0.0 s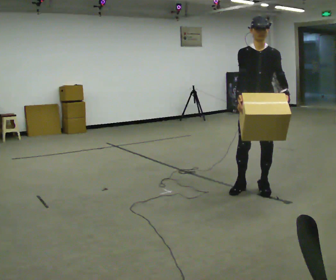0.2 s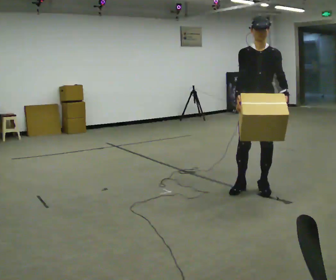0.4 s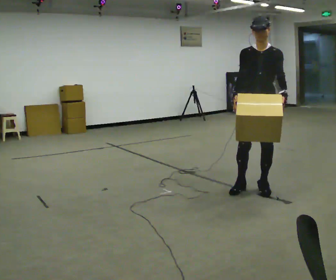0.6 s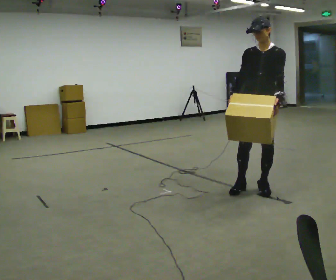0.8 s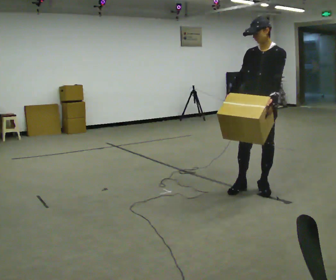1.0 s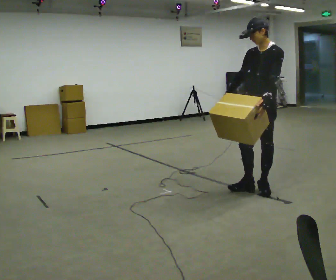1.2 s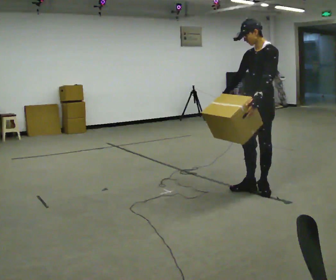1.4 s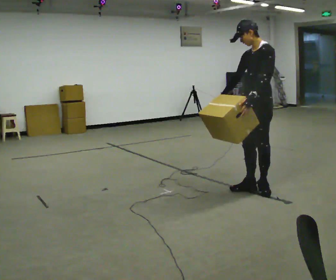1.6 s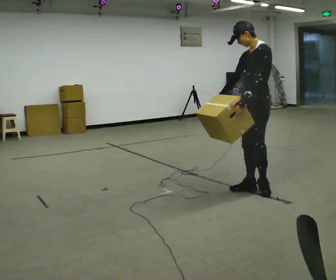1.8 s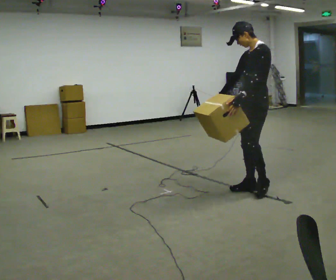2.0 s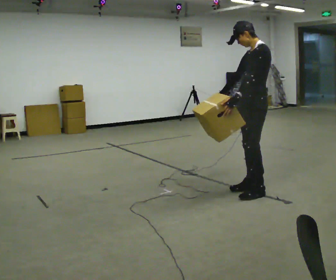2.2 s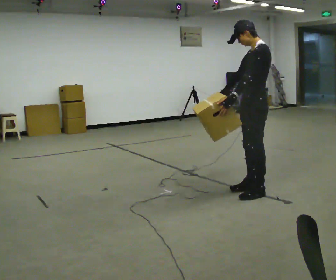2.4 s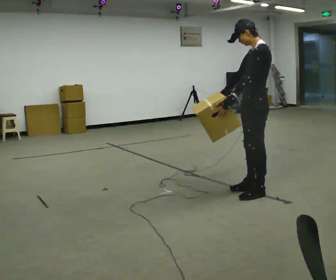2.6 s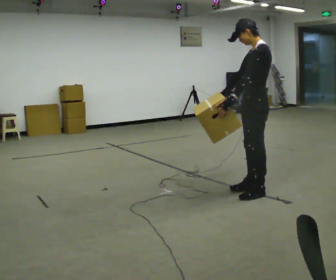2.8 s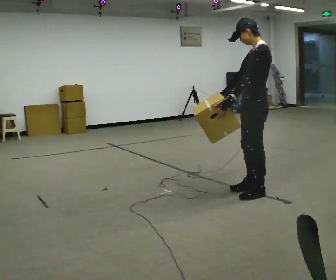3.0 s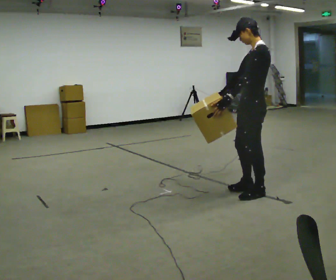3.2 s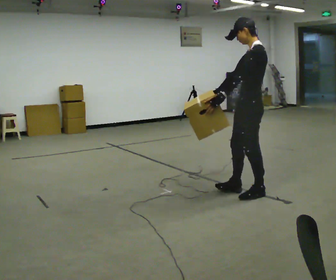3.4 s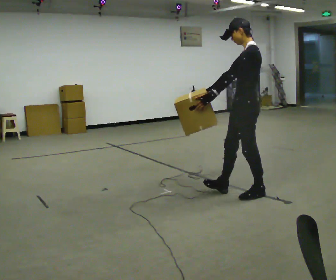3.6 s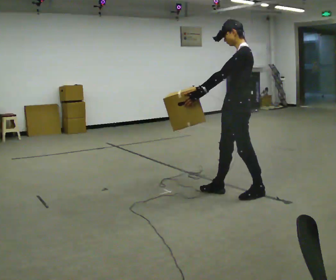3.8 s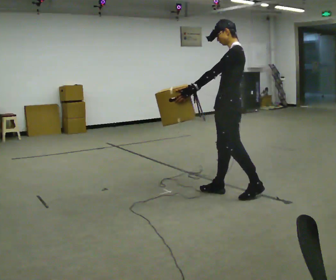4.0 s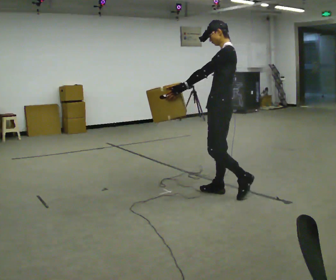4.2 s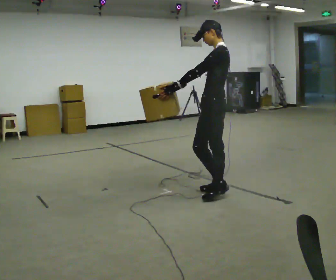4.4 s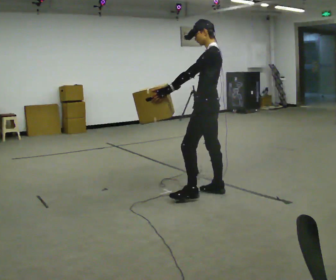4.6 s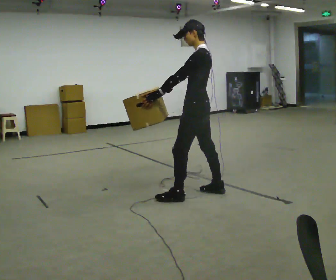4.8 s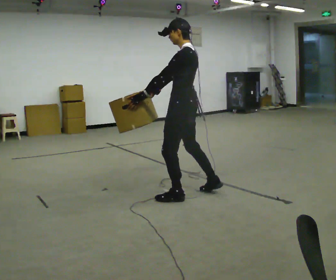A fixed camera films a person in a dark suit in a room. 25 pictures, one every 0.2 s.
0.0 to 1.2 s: The part of the body nearest the lens slides to the left as the person turns to their right by about 45 degrees.
1.2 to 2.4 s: The person turns about 30 degrees to their right, clockwise seen from above, so the part of the body nearest the lens slides to the left.
2.4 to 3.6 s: In the picture they go to the left, about 0.25 m in 1 step, which for them is forward.
3.6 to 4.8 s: In the picture they go to the left, about 0.5 m in 1 step, which for them is forward.
The film runs forward here.
